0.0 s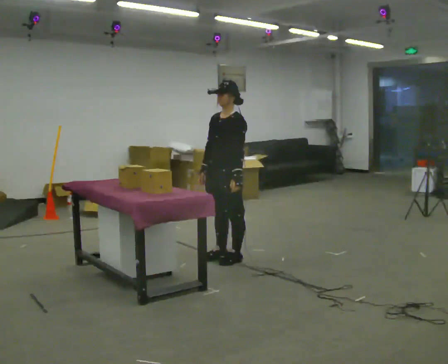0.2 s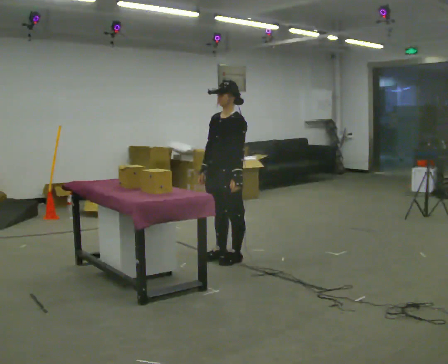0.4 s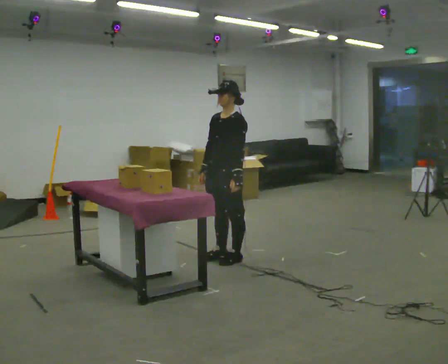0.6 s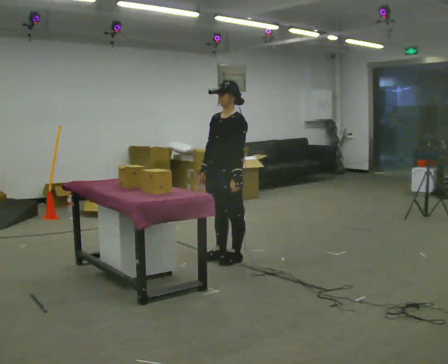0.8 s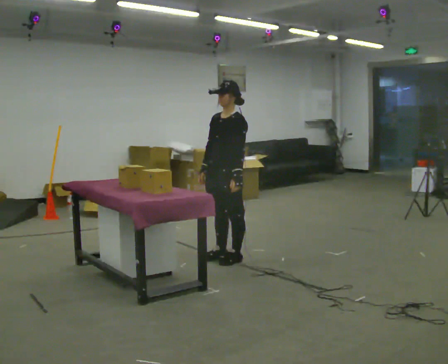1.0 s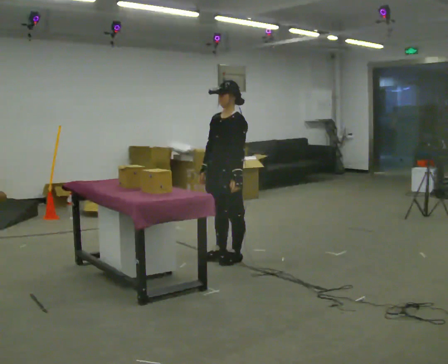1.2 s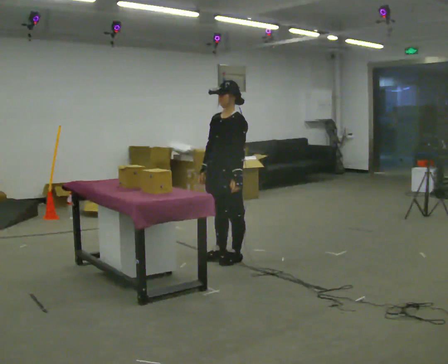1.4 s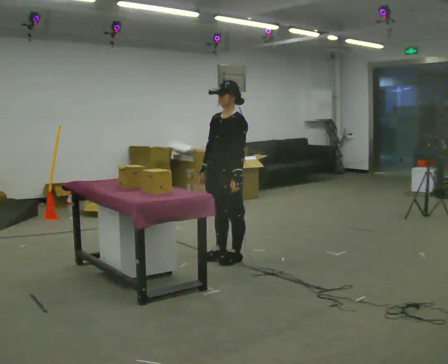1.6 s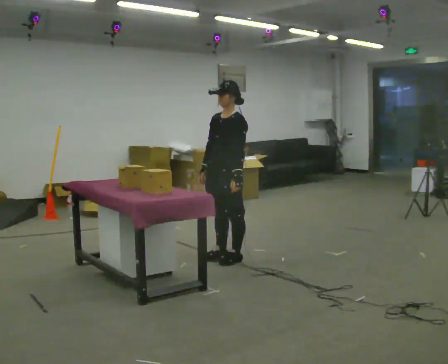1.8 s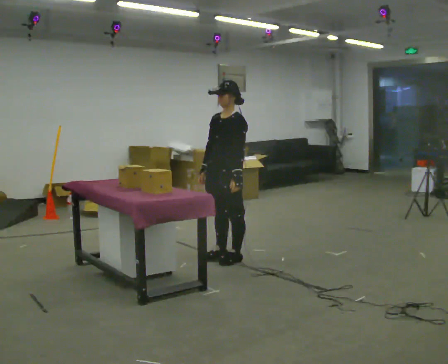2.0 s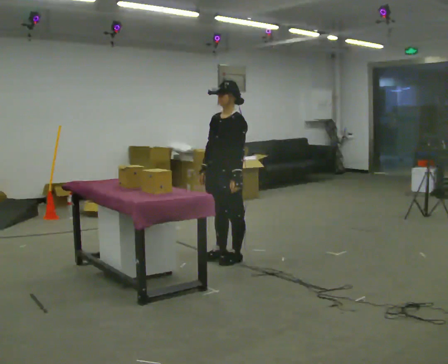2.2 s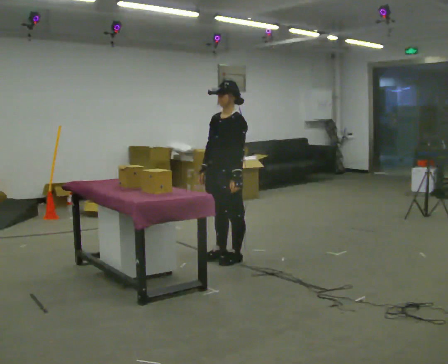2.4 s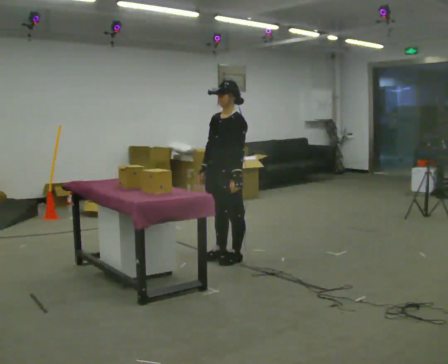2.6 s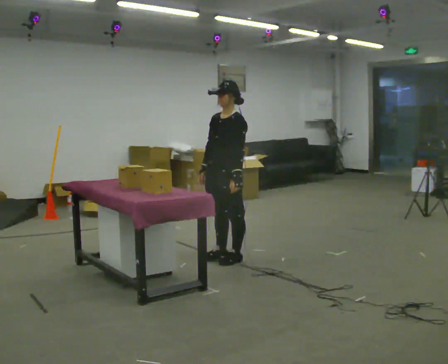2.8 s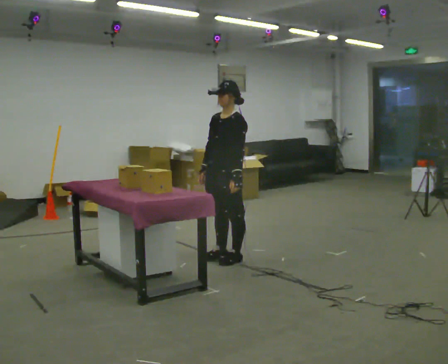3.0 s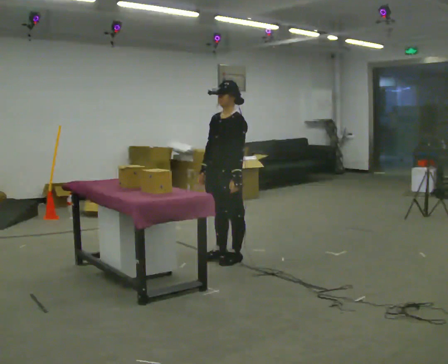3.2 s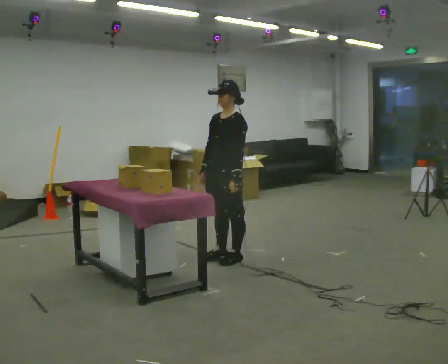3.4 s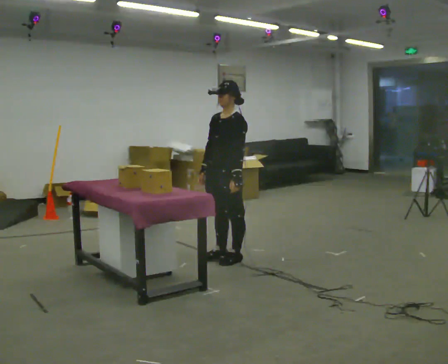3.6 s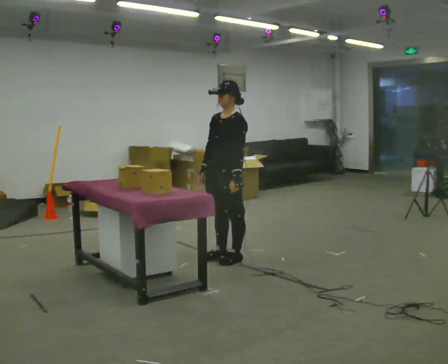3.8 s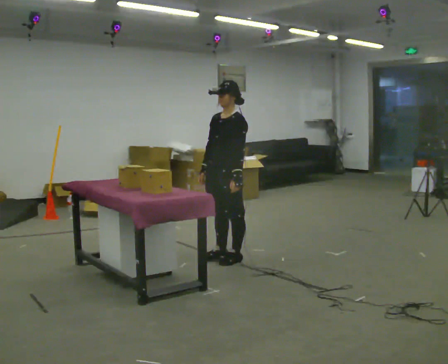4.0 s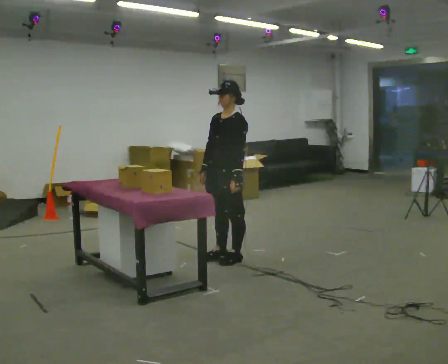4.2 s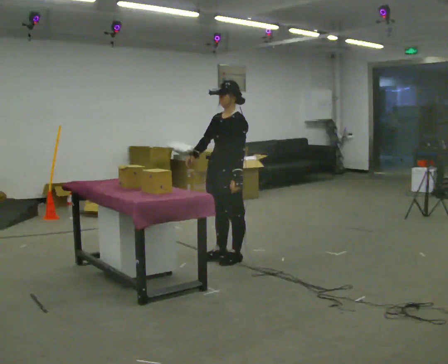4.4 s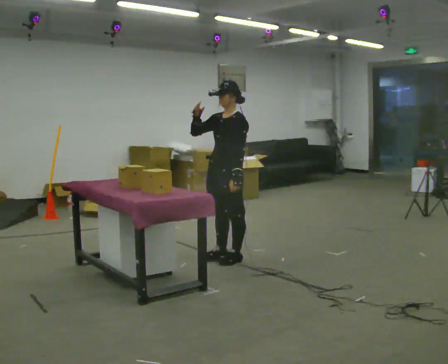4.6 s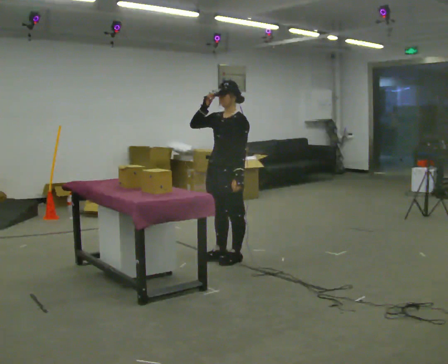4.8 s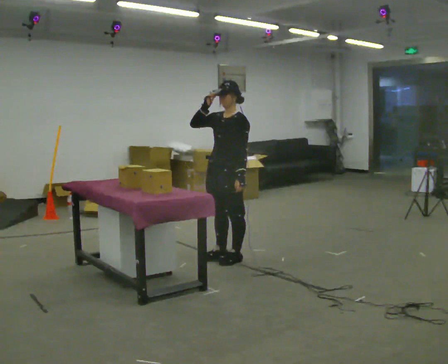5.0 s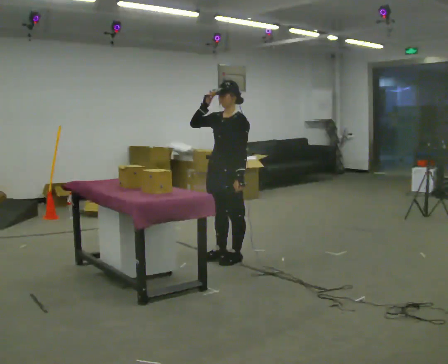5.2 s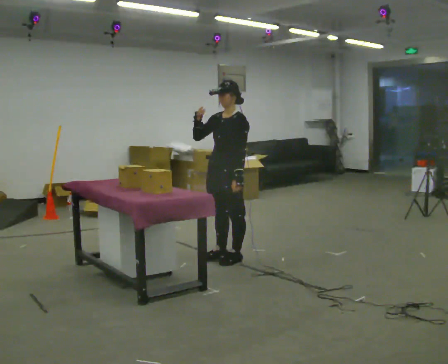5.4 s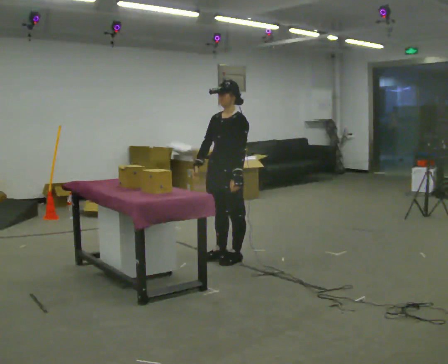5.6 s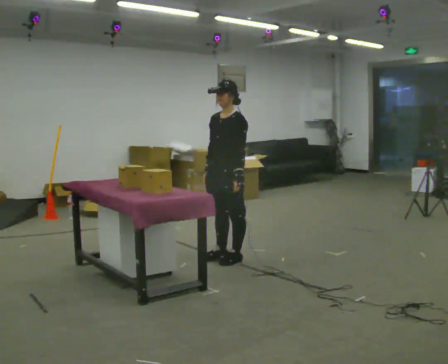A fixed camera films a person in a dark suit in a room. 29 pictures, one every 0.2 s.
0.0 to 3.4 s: The person keeps their place and pose.
3.4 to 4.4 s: In the picture their right hand goes upward.
4.4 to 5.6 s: In the picture their right hand goes downward.
The film runs forward here.
